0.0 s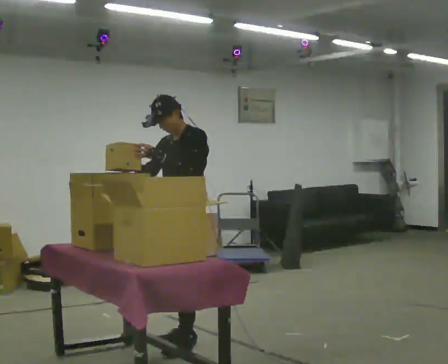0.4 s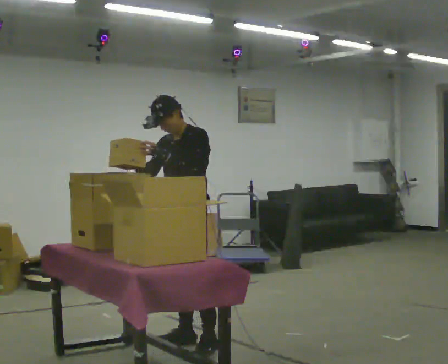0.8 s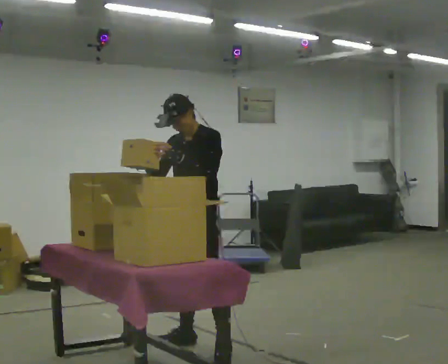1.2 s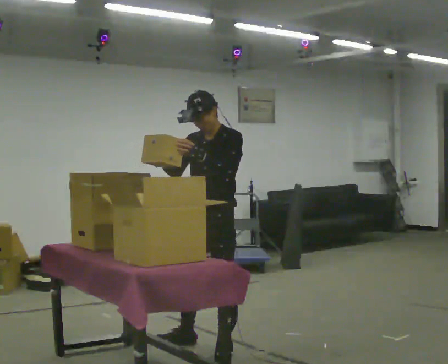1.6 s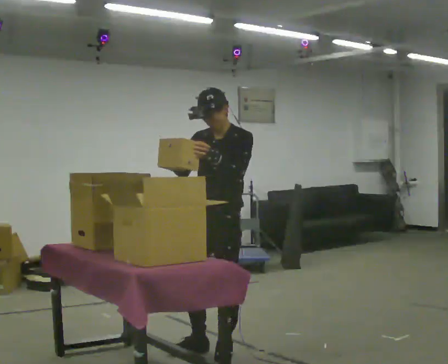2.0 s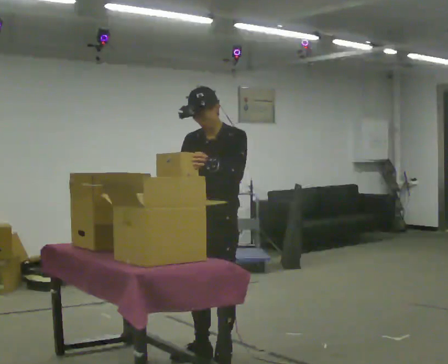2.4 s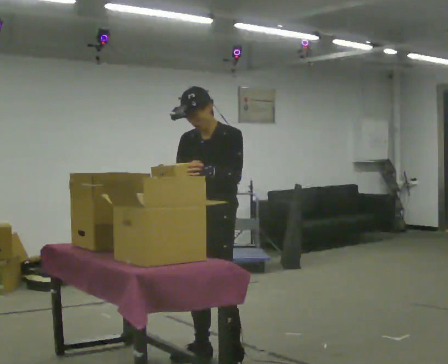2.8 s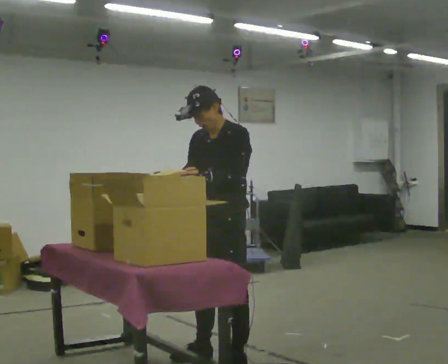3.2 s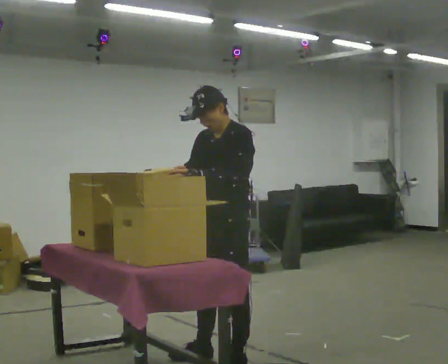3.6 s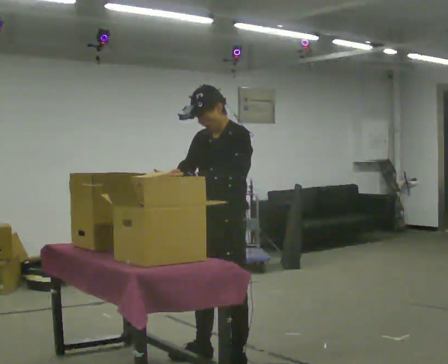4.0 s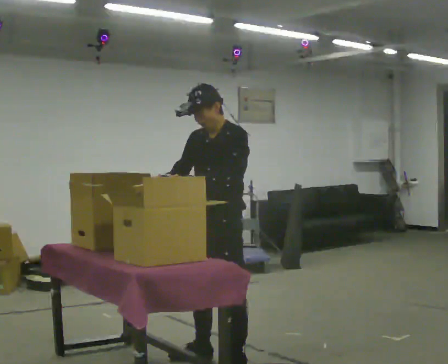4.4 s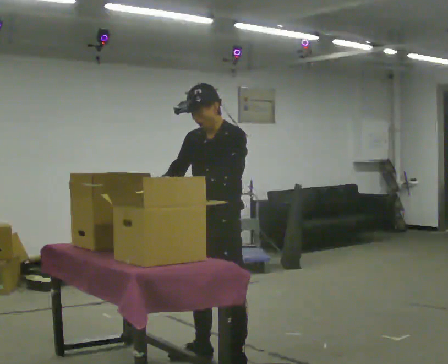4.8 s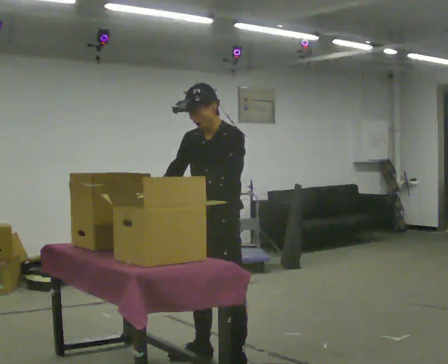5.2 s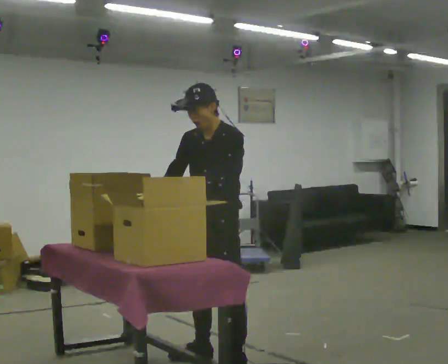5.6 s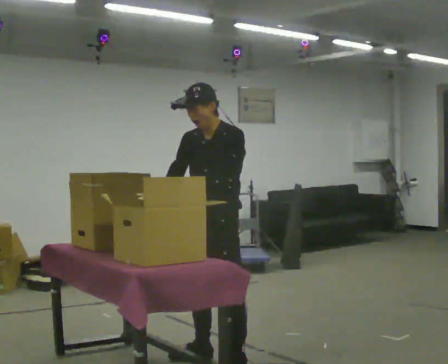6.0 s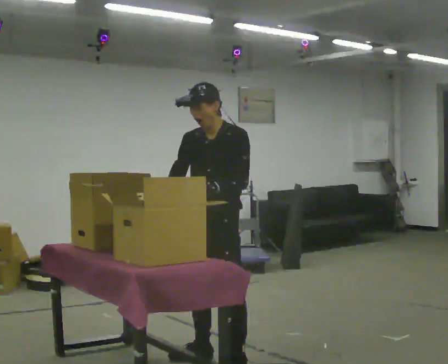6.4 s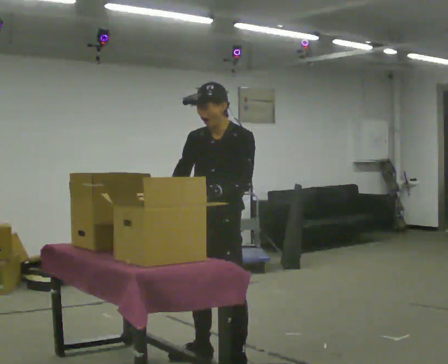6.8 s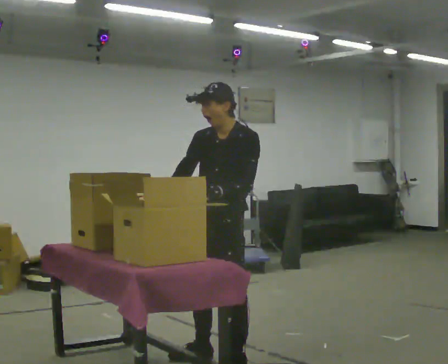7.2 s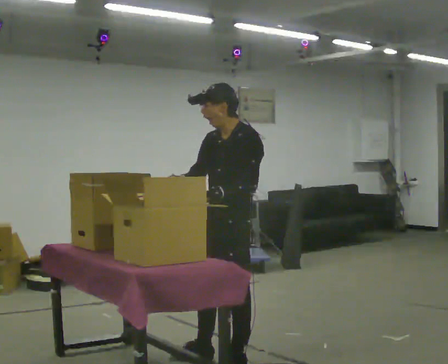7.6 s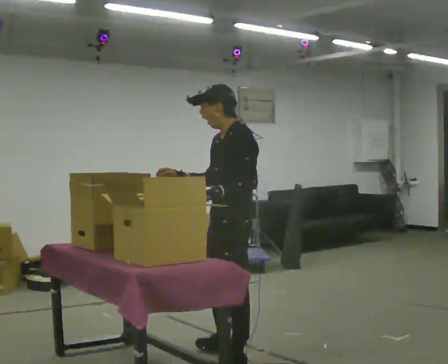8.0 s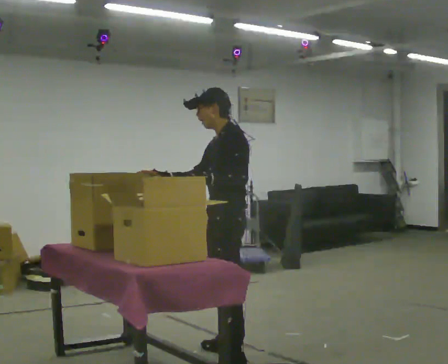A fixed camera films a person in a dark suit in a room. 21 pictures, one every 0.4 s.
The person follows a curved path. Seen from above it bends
counterclockwise.
0.0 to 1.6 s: In the picture they go toward the camera and to the right, about 0.25 m in 1 step, which for them is to their left.
1.6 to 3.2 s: In the picture they go toward the camera, about 0.25 m in 2 steps, which for them is to their left and forward.
3.2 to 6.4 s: The person moves a little, or ends about where they began.
6.4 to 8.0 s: The person turns about 45 degrees to their right, clockwise seen from above, so the part of the body nearest the lens slides to the left.
The film runs forward here.
